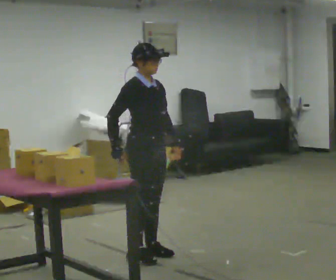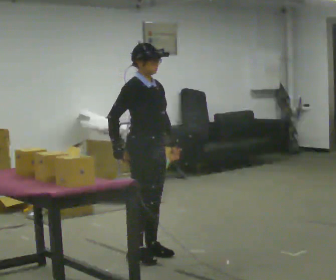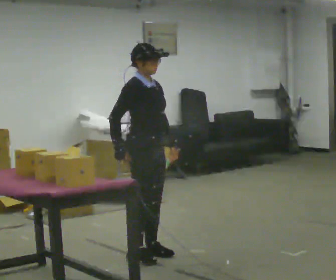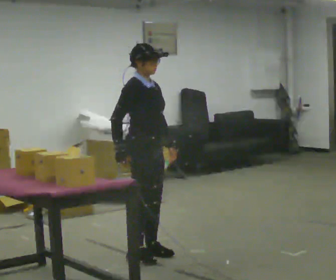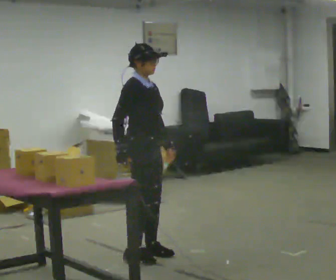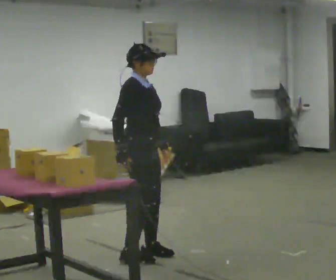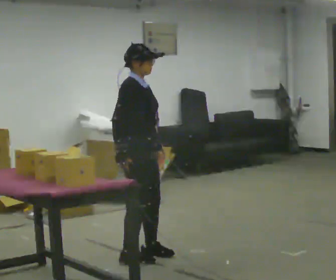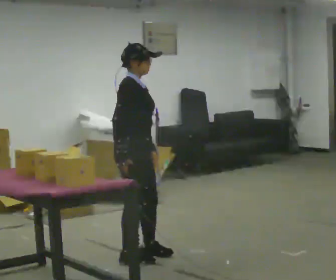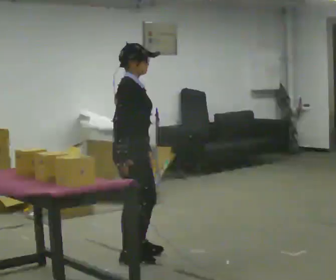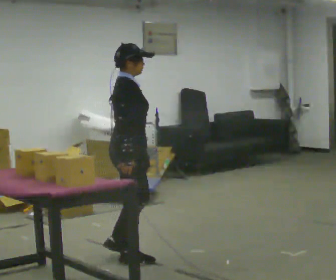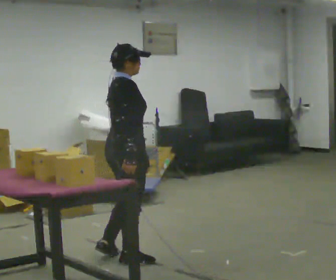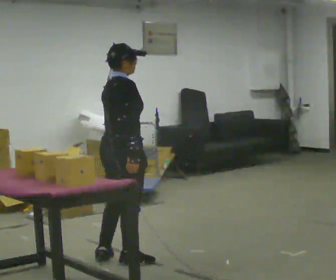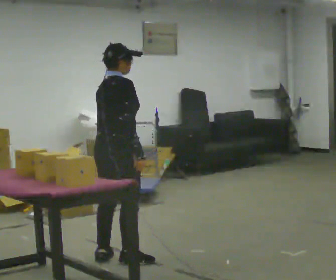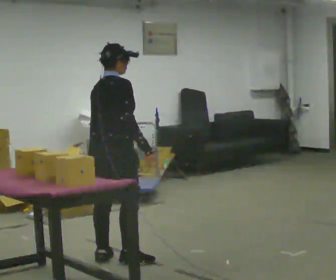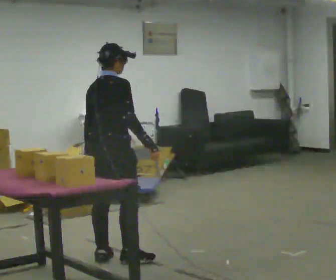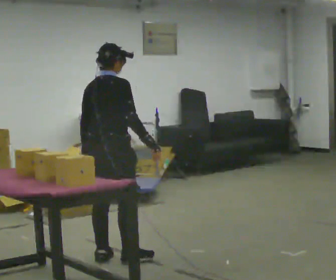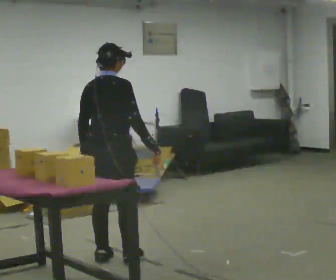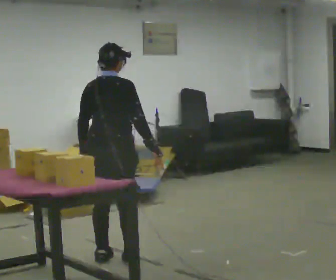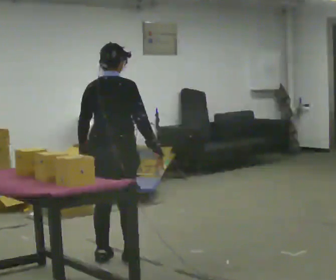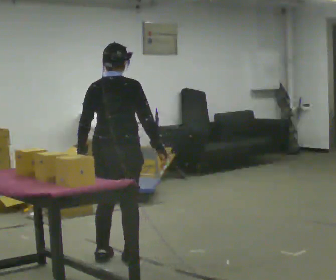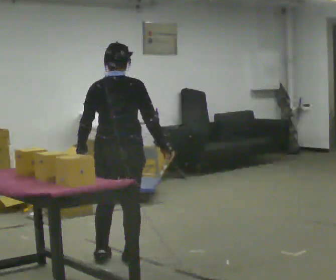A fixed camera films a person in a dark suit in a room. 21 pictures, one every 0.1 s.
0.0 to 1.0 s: The person turns about 45 degrees to their left, counterclockwise seen from above, so the part of the body nearest the lens slides to the right. In the picture they go to the left, about 0.25 m in 1 step, which for them is to their right.
1.0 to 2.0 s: Seen from above the body turns counterclockwise, about 60 degrees: to their left, with its near side sliding to the right.
The film runs backward here.
